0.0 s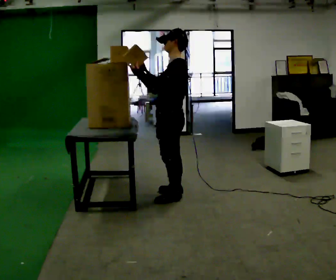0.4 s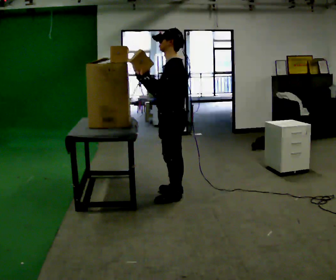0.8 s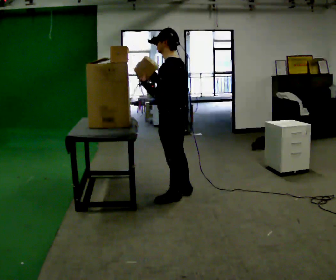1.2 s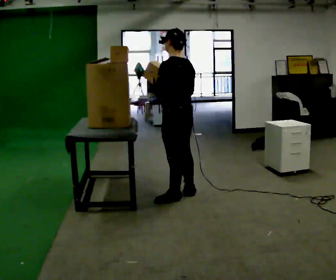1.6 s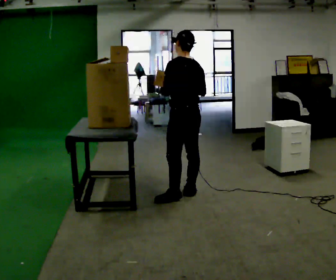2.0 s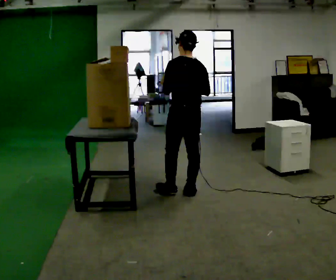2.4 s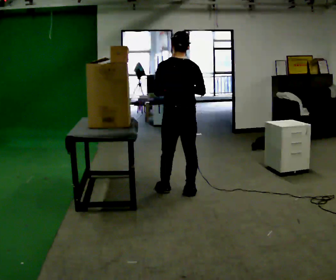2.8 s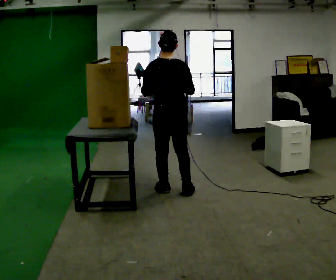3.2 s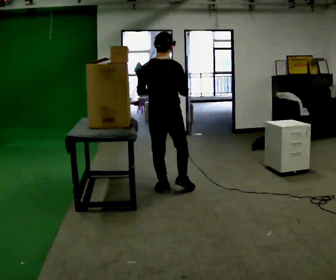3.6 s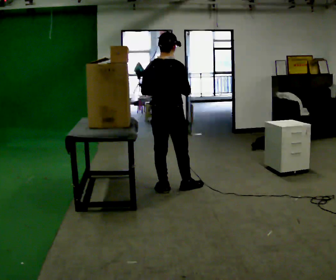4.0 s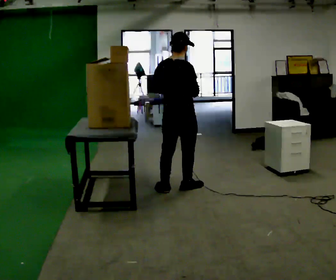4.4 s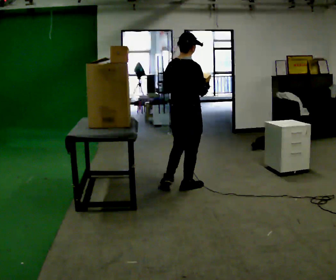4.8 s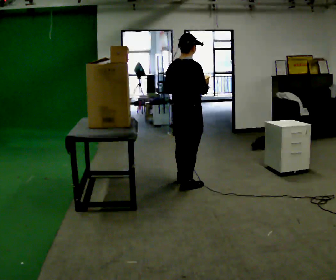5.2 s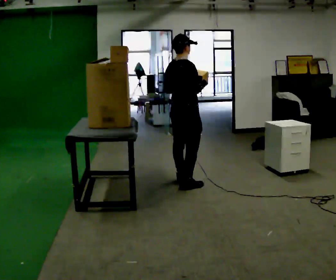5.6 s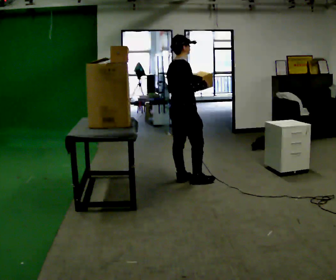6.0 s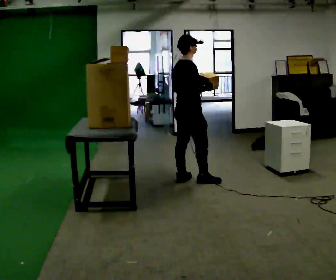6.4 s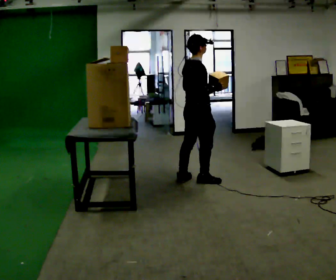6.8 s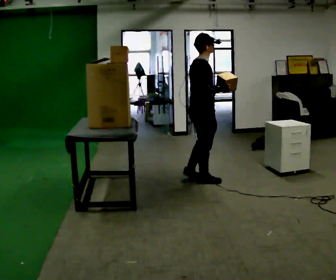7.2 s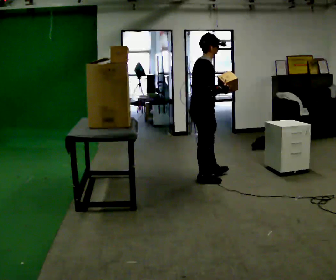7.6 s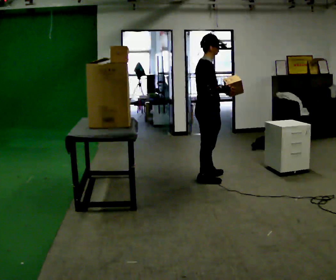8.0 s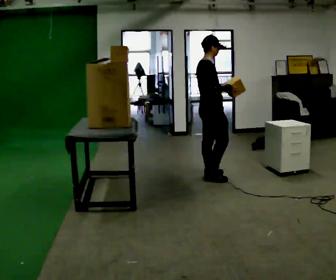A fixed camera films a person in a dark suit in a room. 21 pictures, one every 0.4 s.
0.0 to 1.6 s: Seen from above the body turns clockwise, about 45 degrees: to their right, with its near side sliding to the left. In the picture they go away from the camera and to the right, about 0.25 m, which for them is to their right. In the picture their right hand goes to the right.
1.6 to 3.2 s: The person turns about 60 degrees to their right, clockwise seen from above, so the part of the body nearest the lens slides to the left. In the picture they go to the left, about 0.25 m in 1 step, which for them is forward and to their left.
3.2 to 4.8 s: The part of the body nearest the lens slides to the left as the person turns to their right by about 30 degrees. In the picture they go to the right and away from the camera, about 0.25 m in 1 step, which for them is forward and to their right.
4.8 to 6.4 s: The part of the body nearest the lens slides to the left as the person turns to their right by about 30 degrees.
6.4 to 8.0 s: In the picture they go away from the camera and to the right, about 0.25 m in 1 step, which for them is forward and to their left.
The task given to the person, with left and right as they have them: Take an object down from the highest shelf you can comfortably reach, carry it across, and place it on the waist-height shelf. Keep going until the operator says stop; one object at a time, and do not rush between trips.
The film runs forward here.
